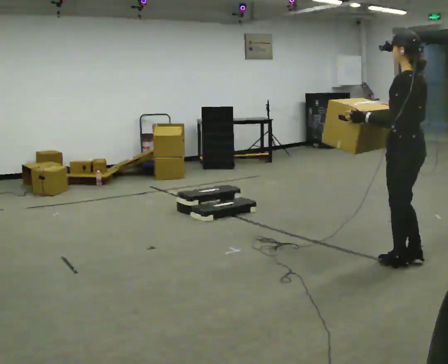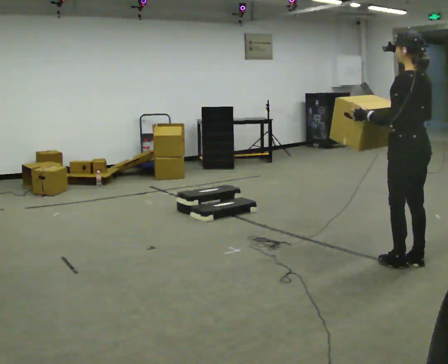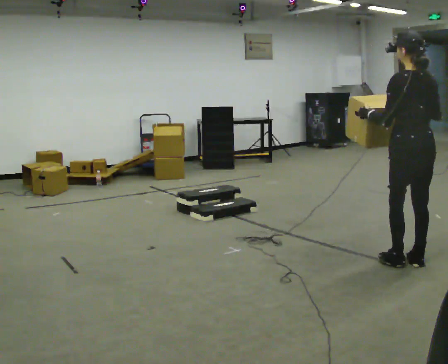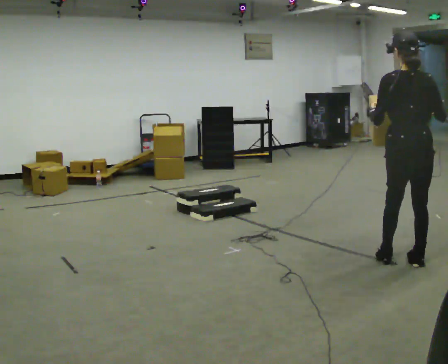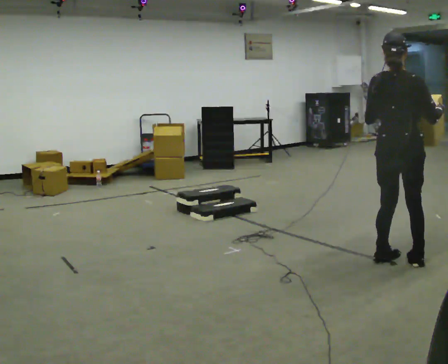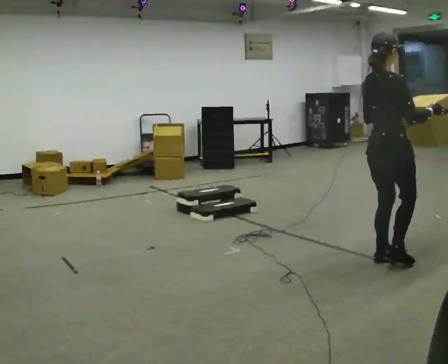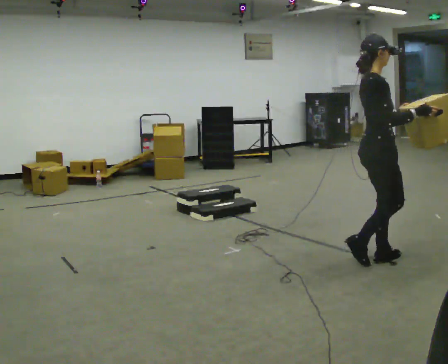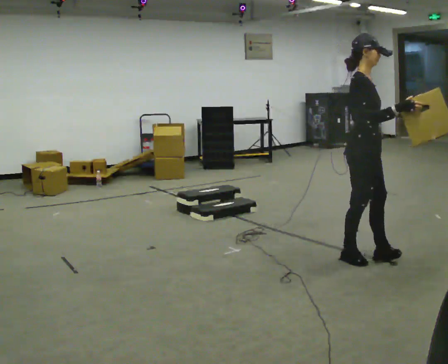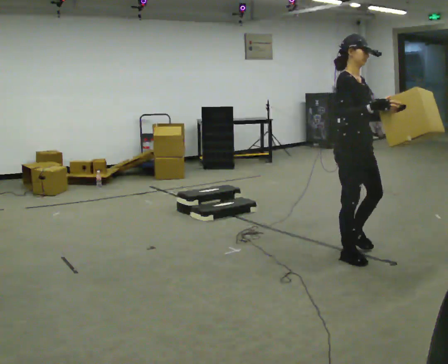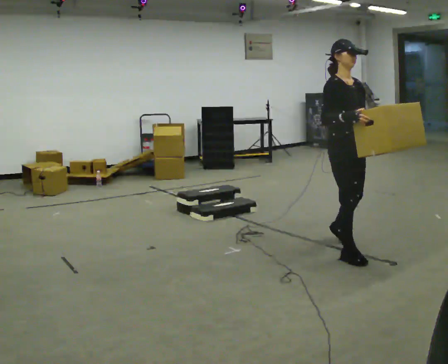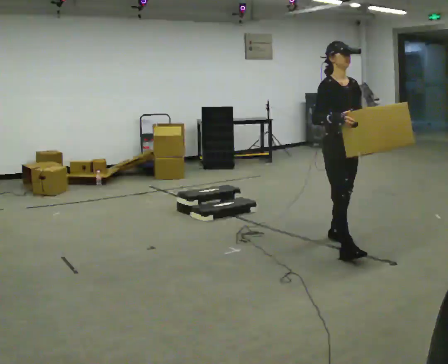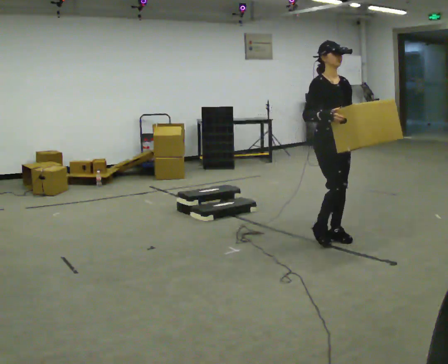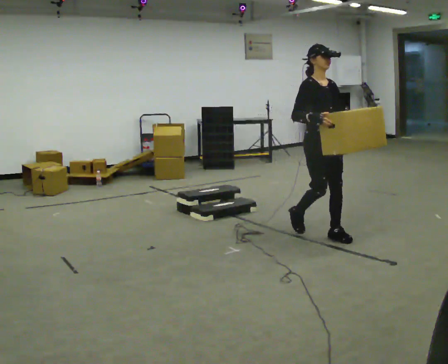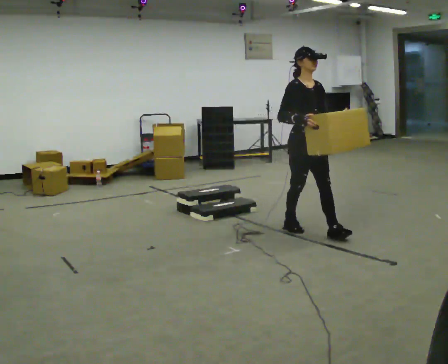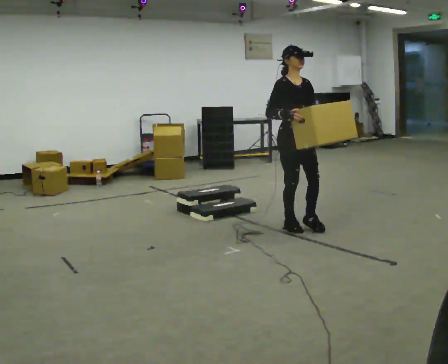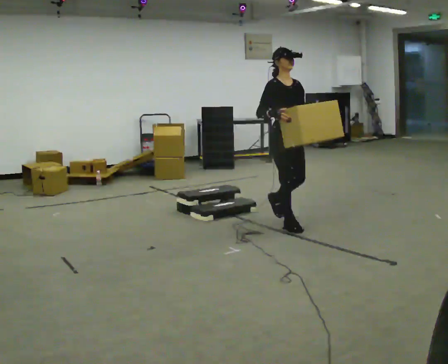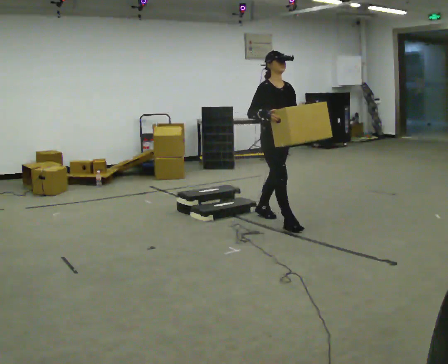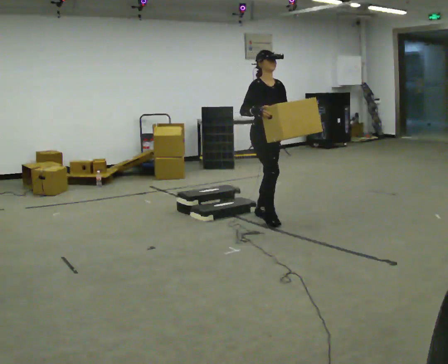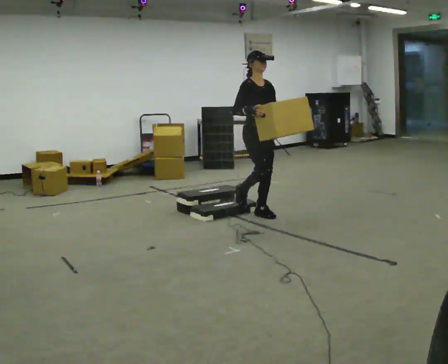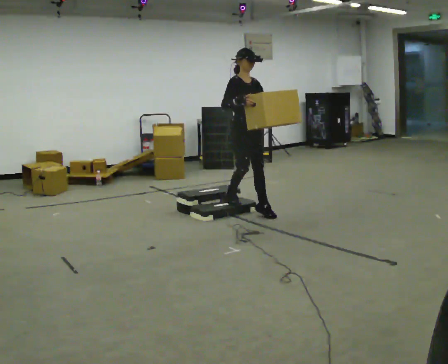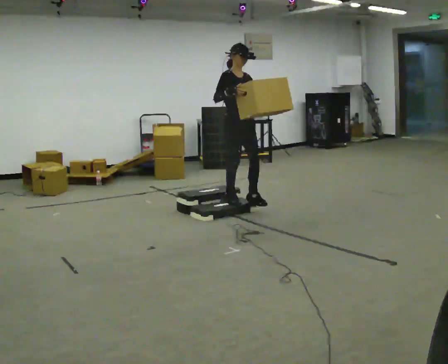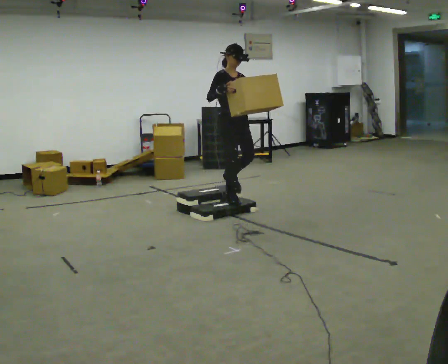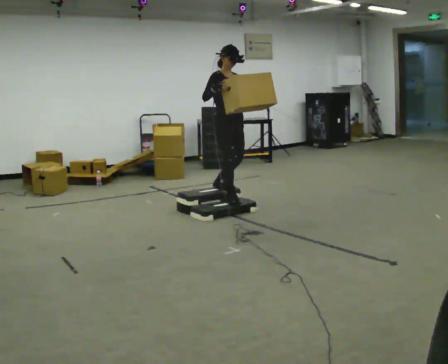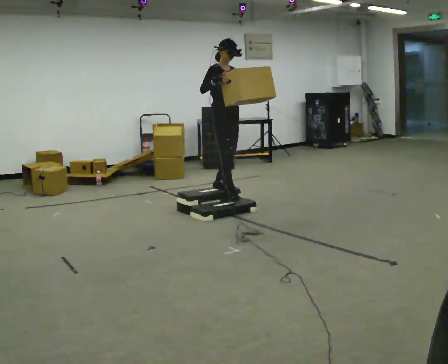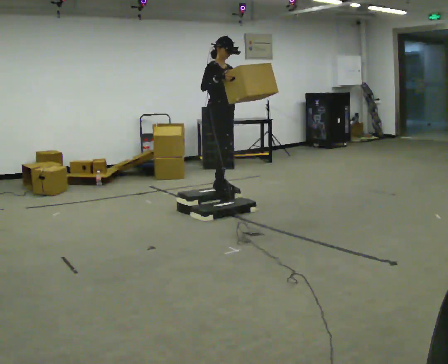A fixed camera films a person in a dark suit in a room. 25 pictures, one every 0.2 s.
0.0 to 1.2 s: The part of the body nearest the lens slides to the left as the person turns to their right by about 135 degrees. In the picture they go to the left, about 0.25 m in 2 steps.
1.2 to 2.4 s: The person turns about 45 degrees to their right, clockwise seen from above, so the part of the body nearest the lens slides to the left. In the picture they go away from the camera and to the left, about 0.5 m in 2 steps, which for them is backward.
2.4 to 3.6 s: In the picture they go away from the camera and to the left, about 1 m in 2 steps, which for them is backward.
3.6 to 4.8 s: In the picture they go to the left and away from the camera, about 0.5 m in 2 steps, which for them is backward. The shoulders move upward.
The film runs backward here.
